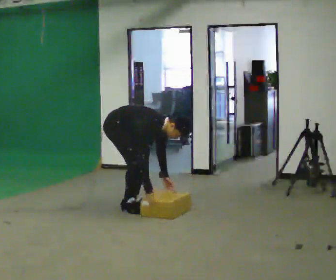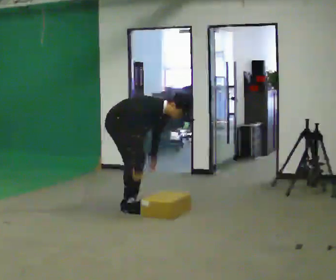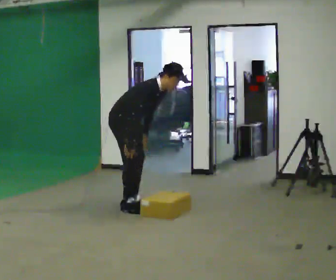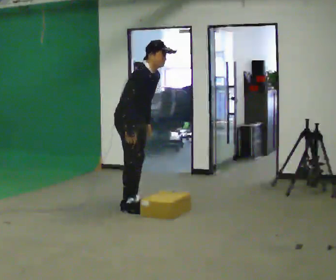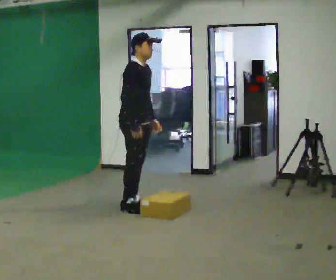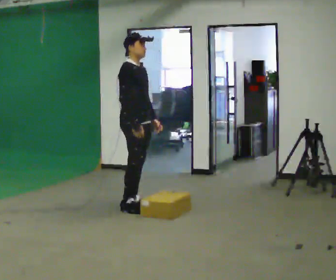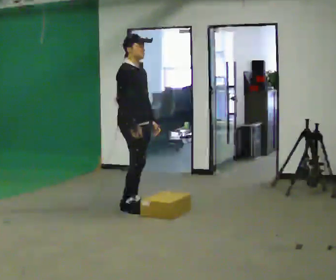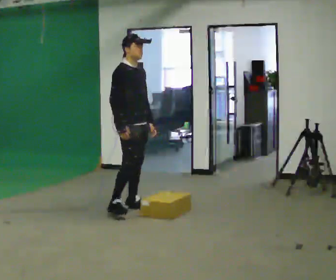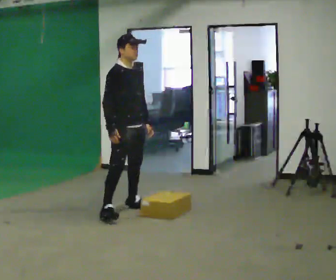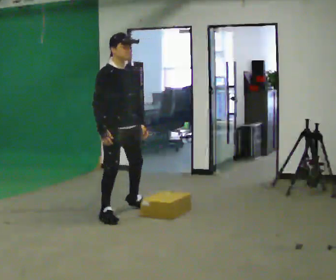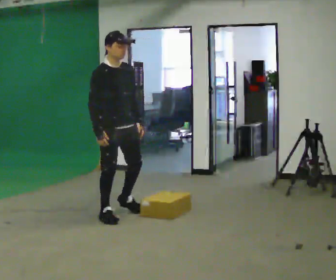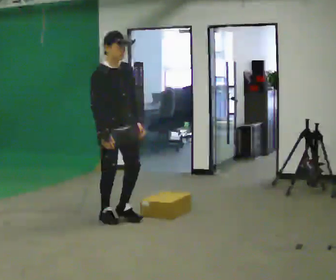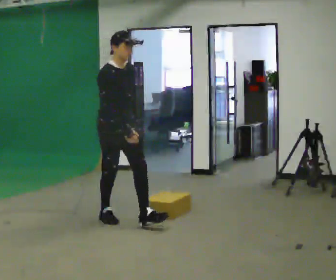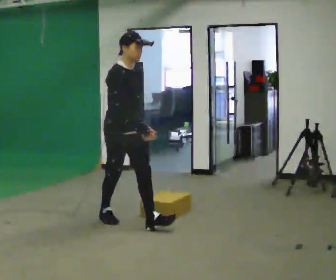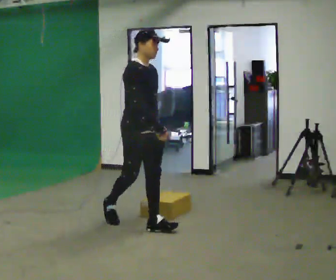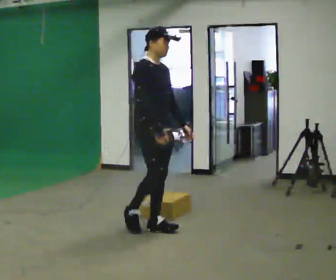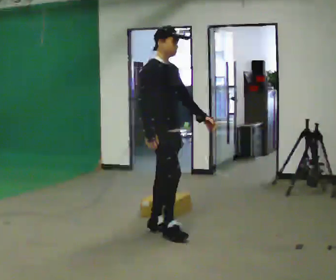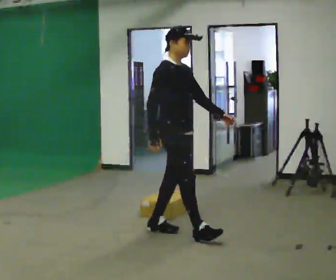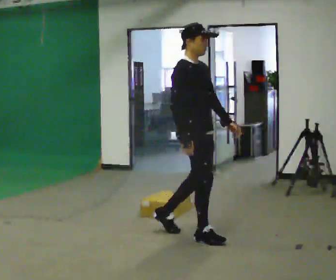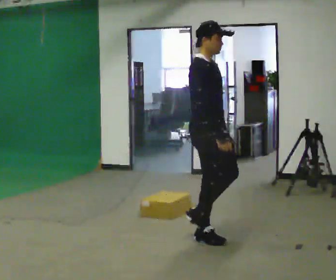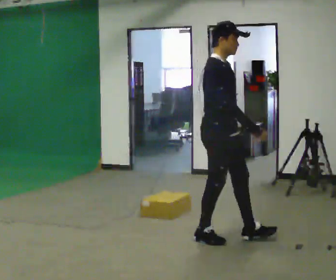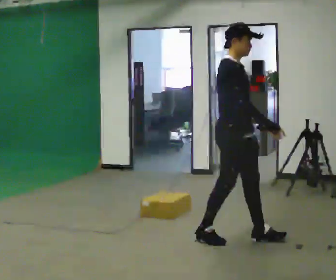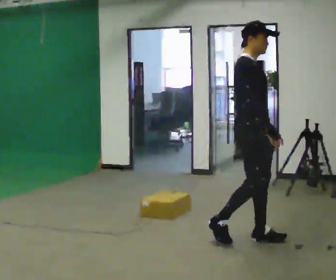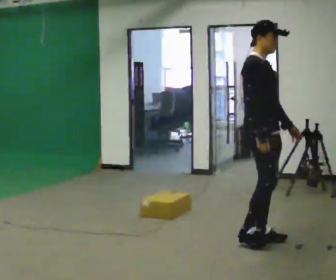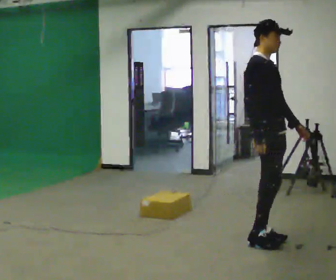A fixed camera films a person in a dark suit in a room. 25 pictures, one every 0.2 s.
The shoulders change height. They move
upward.
The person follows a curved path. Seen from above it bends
counterclockwise.
0.0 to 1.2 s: The upper body goes upward. In the picture the upper body tilts counterclockwise, shoulders to the left, as they lean back or straighten. In the picture their left hand goes upward.
1.2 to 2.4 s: In the picture they go toward the camera, about 0.5 m in 1 step, which for them is to their right and forward.
2.4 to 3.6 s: In the picture they go to the right and toward the camera, about 1 m in 2 steps, which for them is forward.
3.6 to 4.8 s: In the picture they go to the right, about 0.5 m in 2 steps, which for them is forward.
The film runs forward here.
